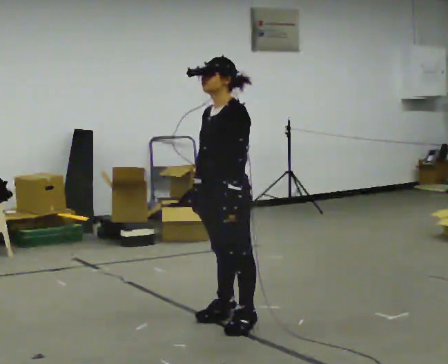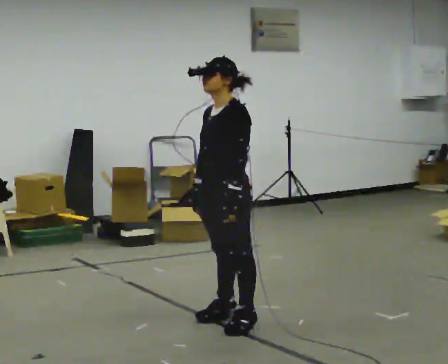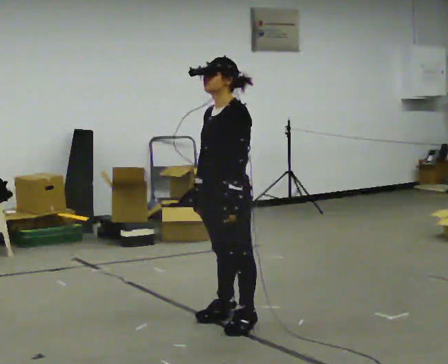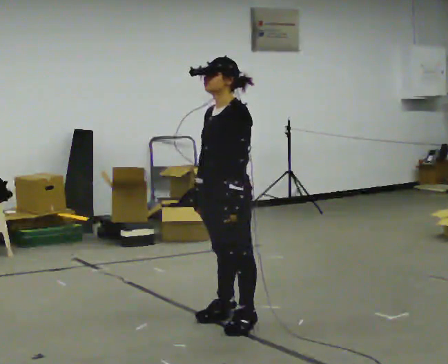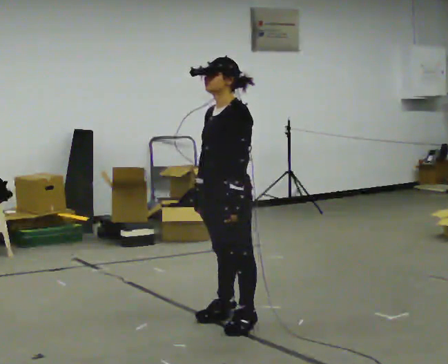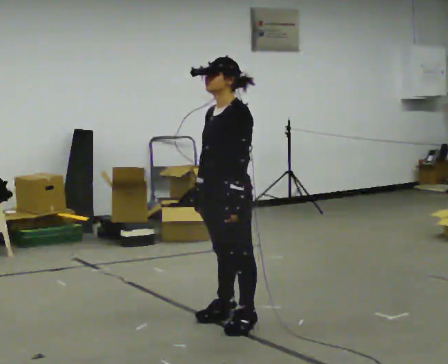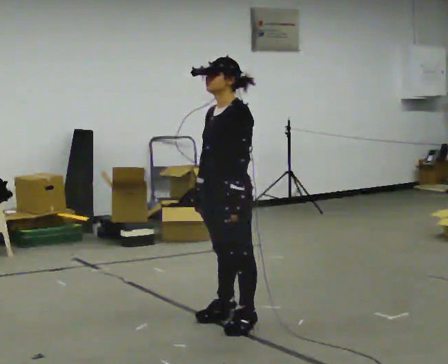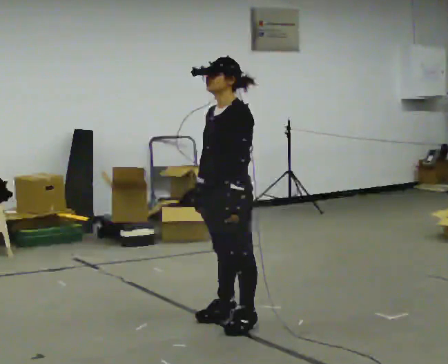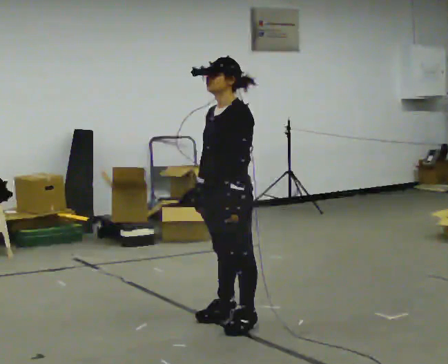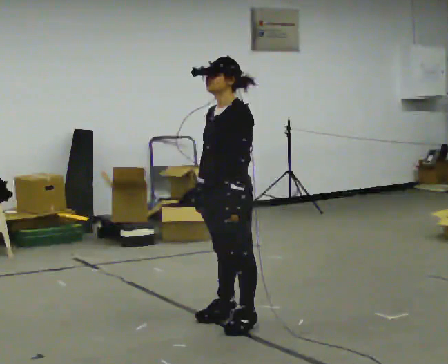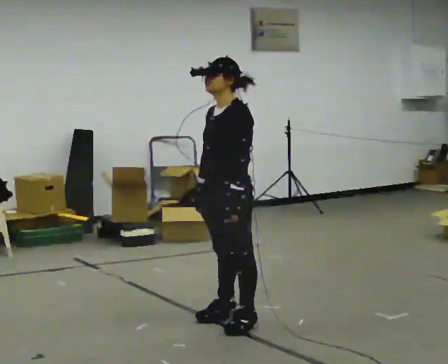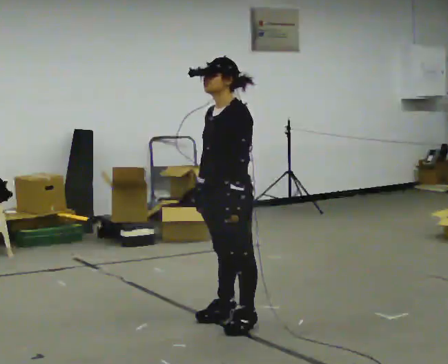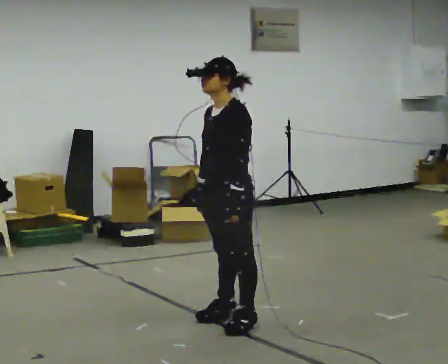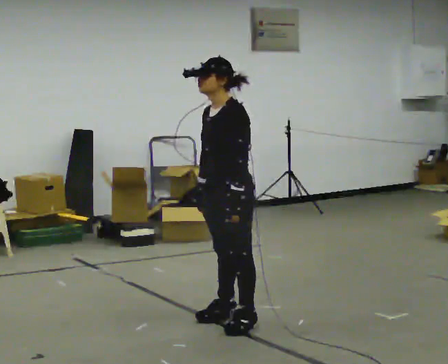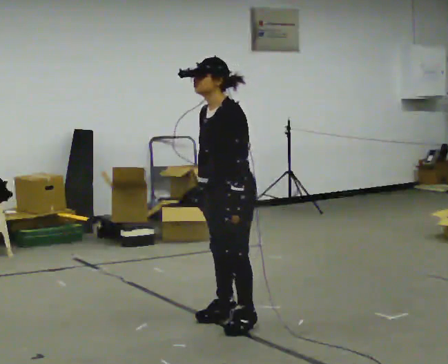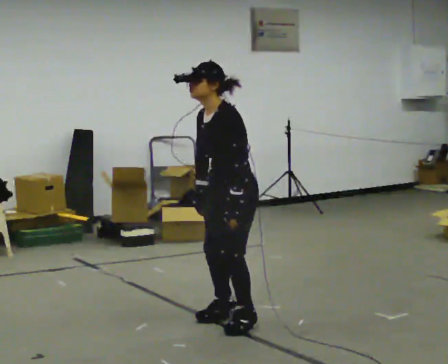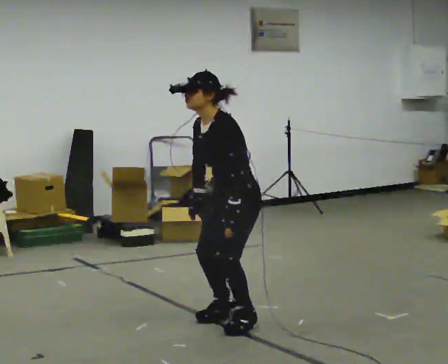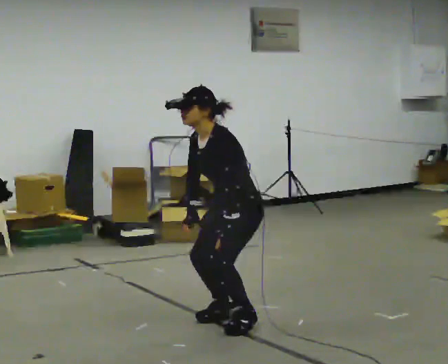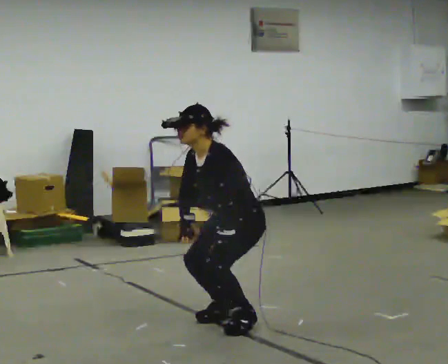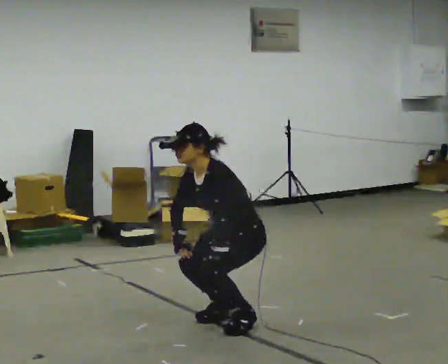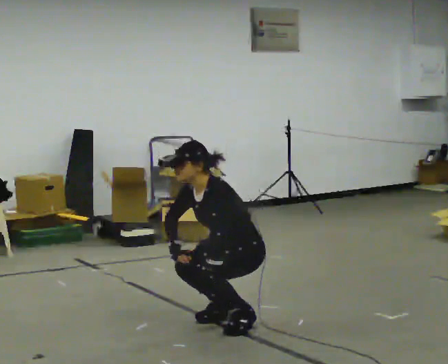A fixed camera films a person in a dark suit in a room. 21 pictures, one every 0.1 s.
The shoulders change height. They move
downward.
The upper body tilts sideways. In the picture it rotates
counterclockwise.
0.0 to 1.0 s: The person keeps their place and pose.
1.0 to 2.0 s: The shoulders move downward. In the picture the upper body tilts counterclockwise, shoulders to the left, as they bend forward. In the picture their right hand goes downward.
The film runs forward here.
